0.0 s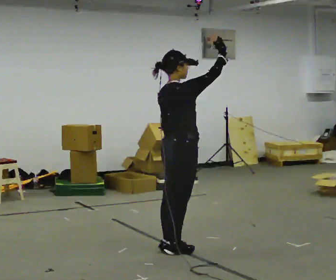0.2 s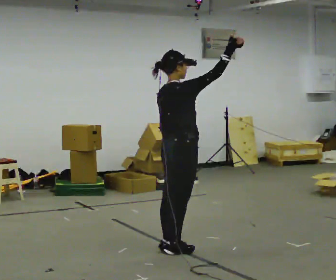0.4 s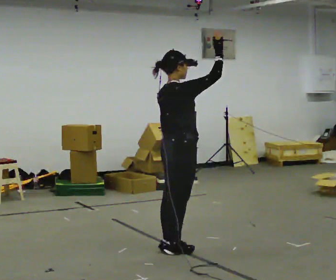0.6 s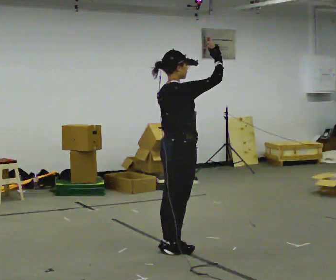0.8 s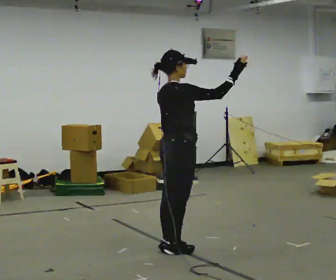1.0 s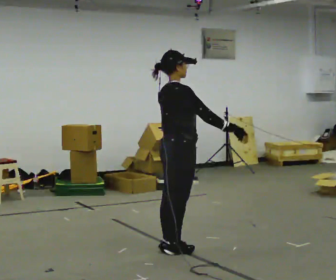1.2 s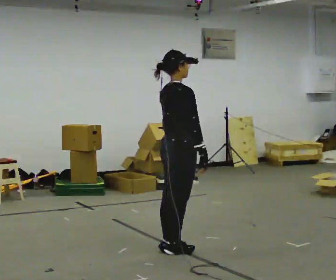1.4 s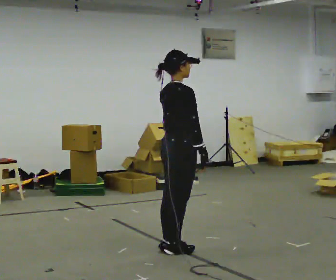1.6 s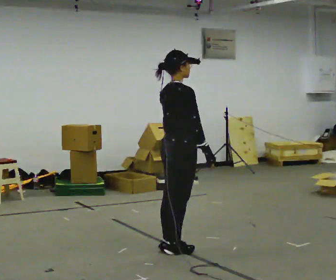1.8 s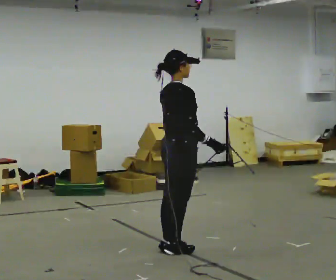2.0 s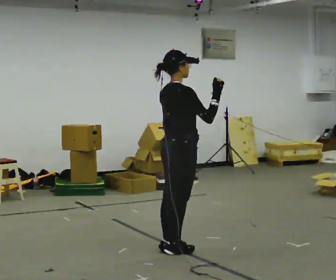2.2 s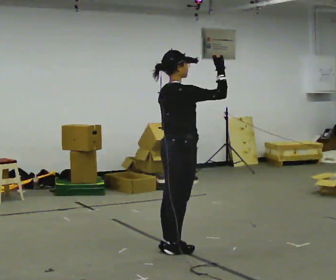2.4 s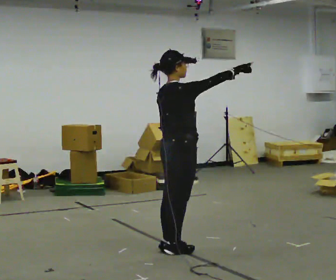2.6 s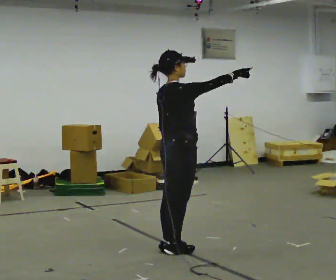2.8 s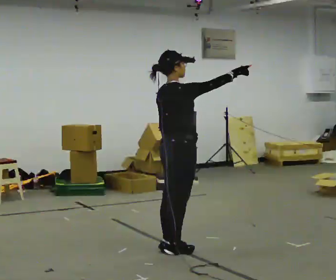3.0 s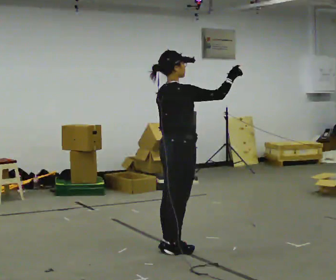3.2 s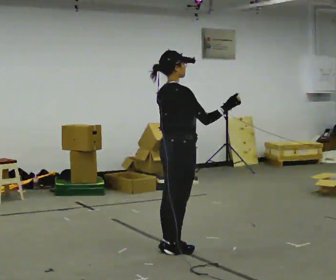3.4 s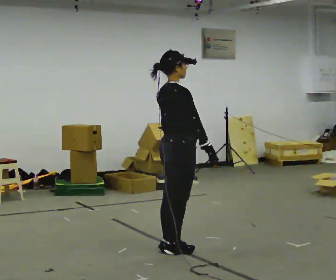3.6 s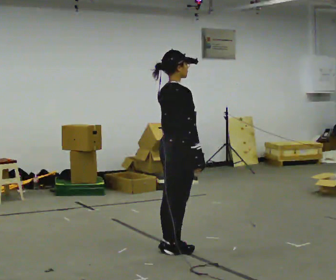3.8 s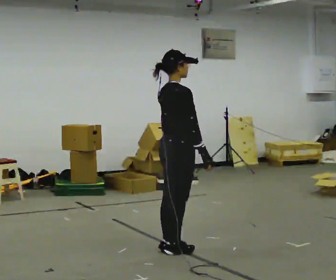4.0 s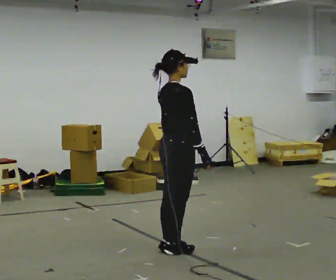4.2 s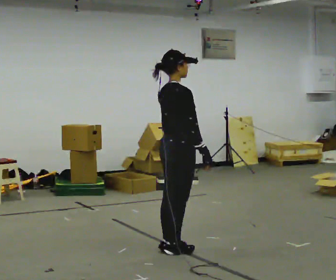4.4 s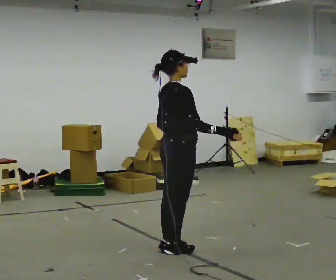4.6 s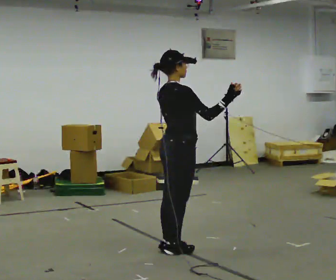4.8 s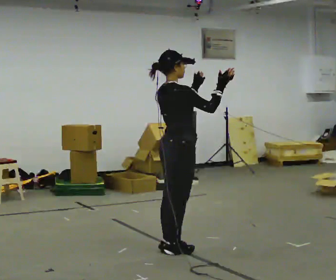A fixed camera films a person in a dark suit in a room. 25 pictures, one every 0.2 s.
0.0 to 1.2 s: In the picture their right hand goes downward, the arm swinging clockwise.
1.2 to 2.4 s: In the picture their right hand goes upward, the arm swinging counterclockwise.
2.4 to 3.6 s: In the picture their right hand goes downward, the arm swinging clockwise.
3.6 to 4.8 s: In the picture their right hand goes upward, the arm swinging counterclockwise.
The film runs forward here.
